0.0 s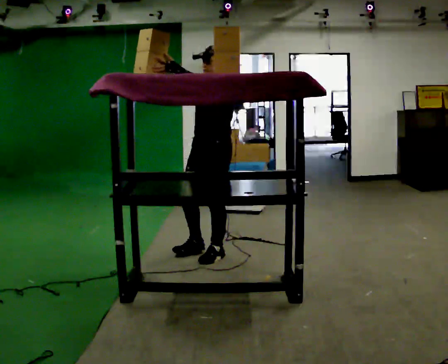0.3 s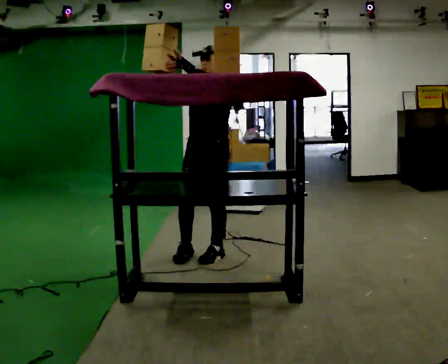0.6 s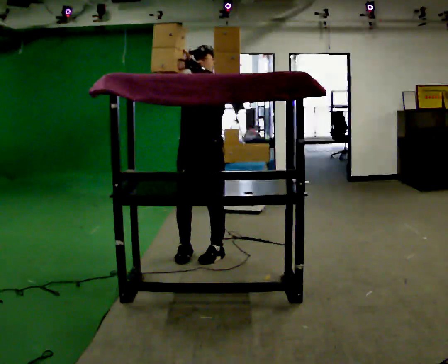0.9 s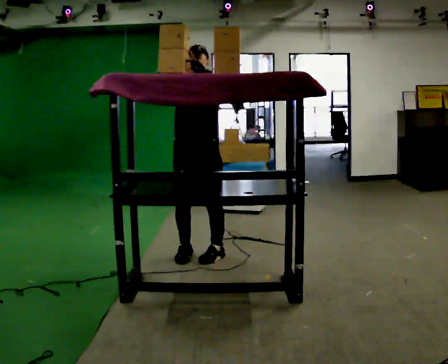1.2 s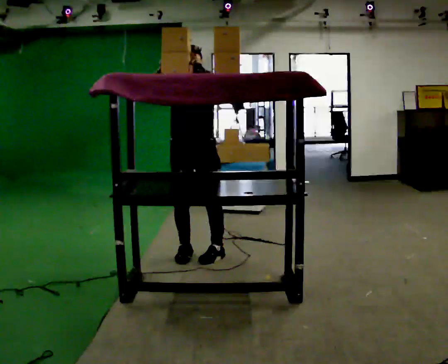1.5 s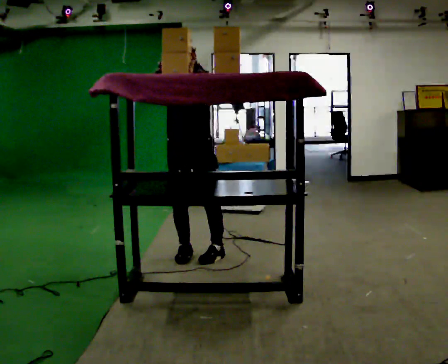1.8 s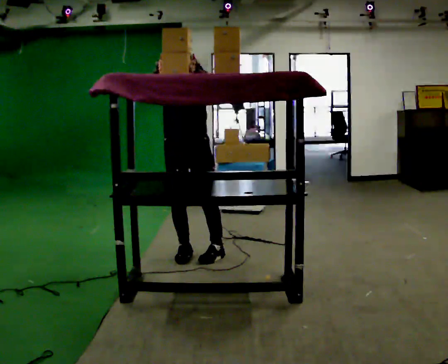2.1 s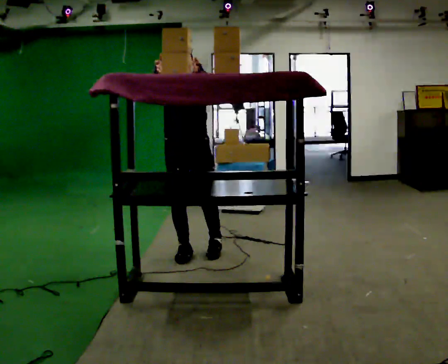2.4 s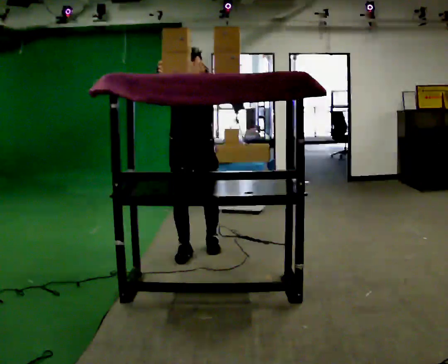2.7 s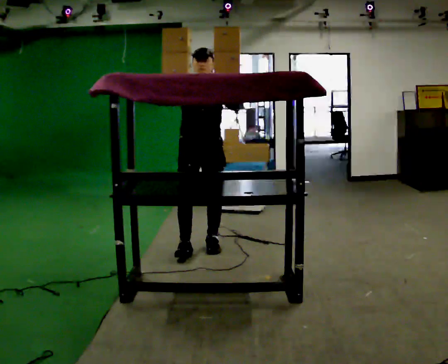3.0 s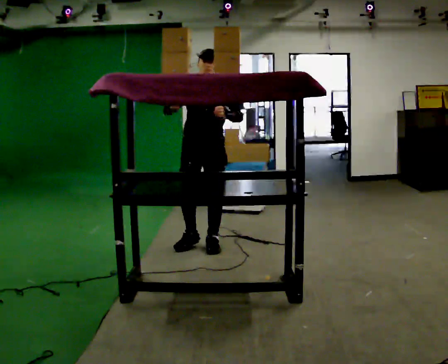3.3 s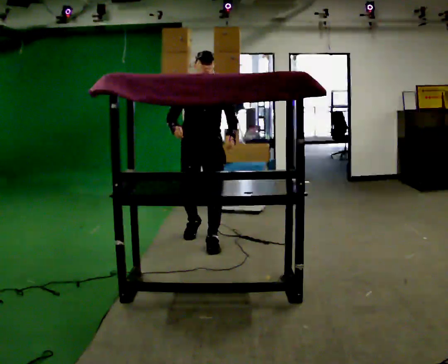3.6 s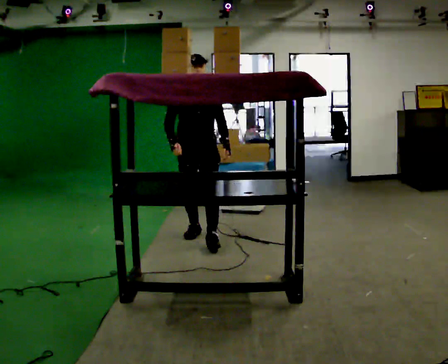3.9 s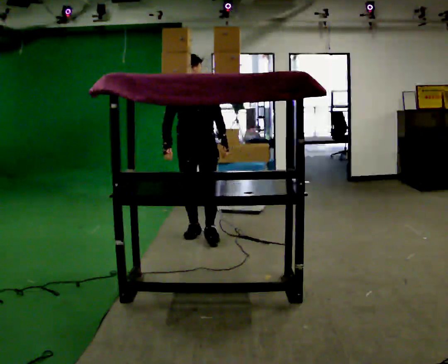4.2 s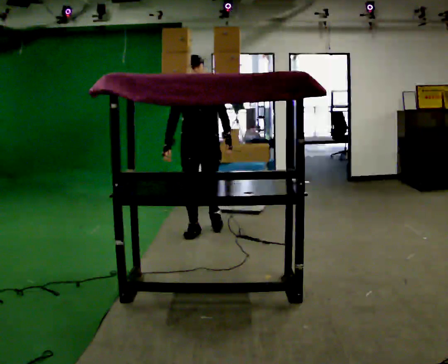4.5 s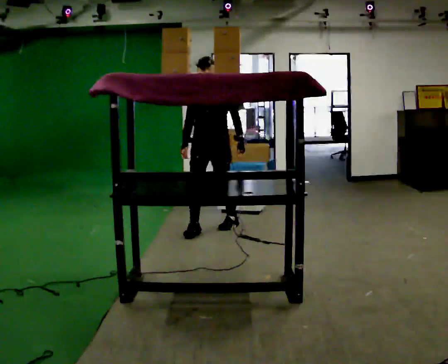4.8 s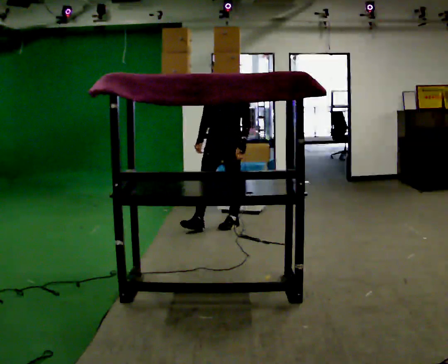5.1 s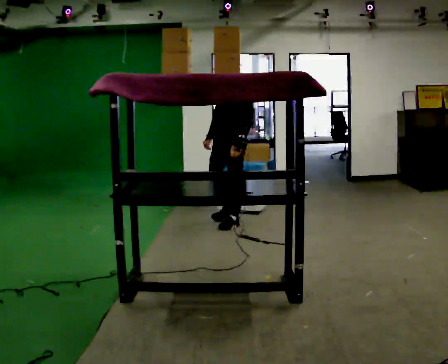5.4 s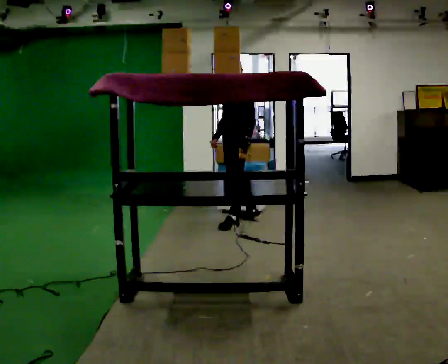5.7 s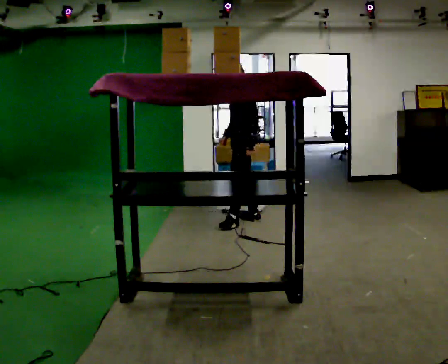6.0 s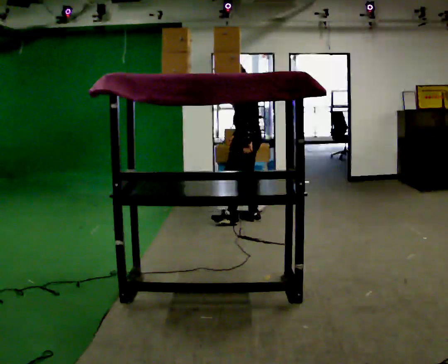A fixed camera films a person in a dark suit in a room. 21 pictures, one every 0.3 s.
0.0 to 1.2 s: The part of the body nearest the lens slides to the right as the person turns to their left by about 45 degrees. In the picture they go to the left, about 0.25 m, which for them is to their right.
1.2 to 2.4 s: The person moves a little, or ends about where they began.
2.4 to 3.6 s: In the picture they go away from the camera, about 0.5 m in 1 step, which for them is backward. In the picture their left hand goes downward.
3.6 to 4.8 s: The part of the body nearest the lens slides to the left as the person turns to their right by about 30 degrees. In the picture they go away from the camera and to the right, about 0.5 m in 2 steps, which for them is backward and to their left.
4.8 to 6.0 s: The person turns about 75 degrees to their right, clockwise seen from above, so the part of the body nearest the lens slides to the left. In the picture they go to the right and away from the camera, about 0.5 m in 1 step.
The film runs backward here.
